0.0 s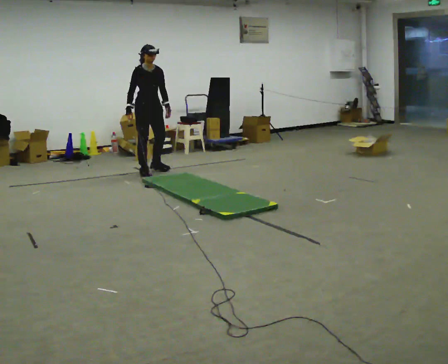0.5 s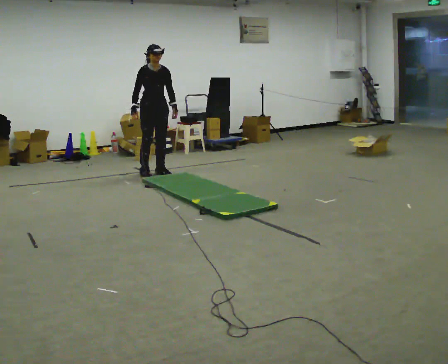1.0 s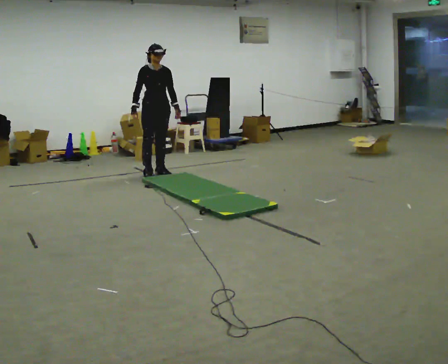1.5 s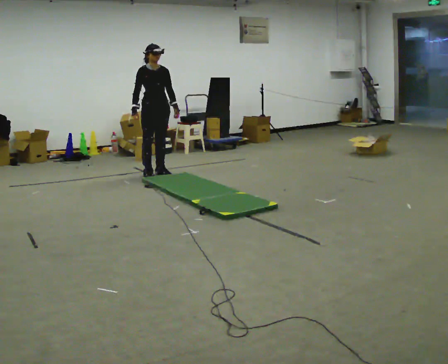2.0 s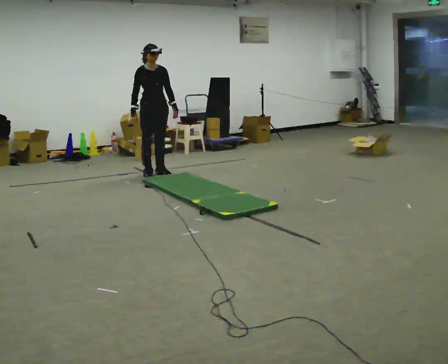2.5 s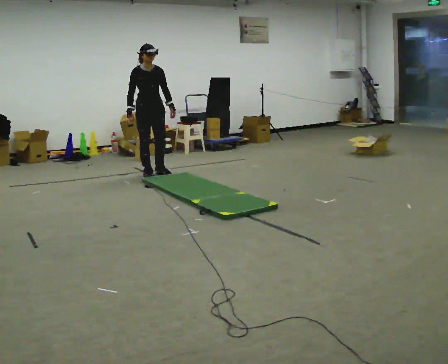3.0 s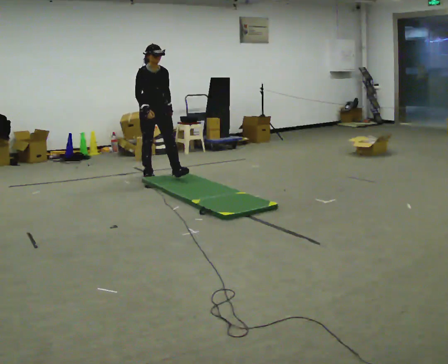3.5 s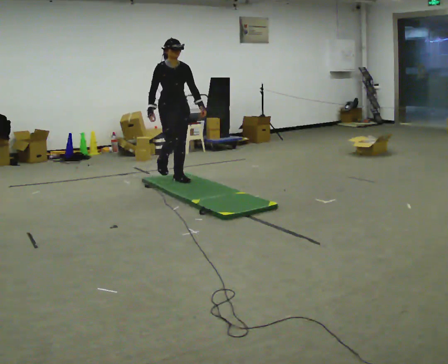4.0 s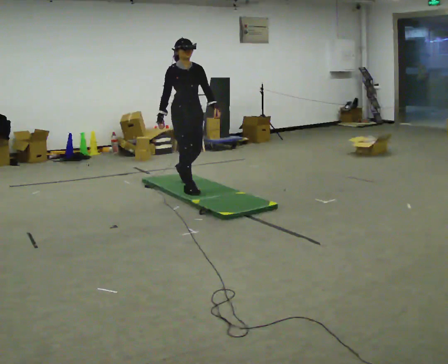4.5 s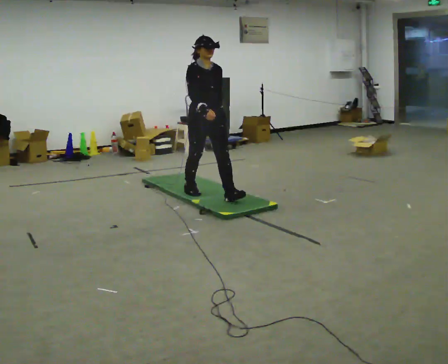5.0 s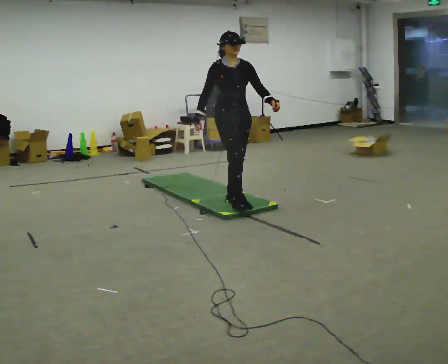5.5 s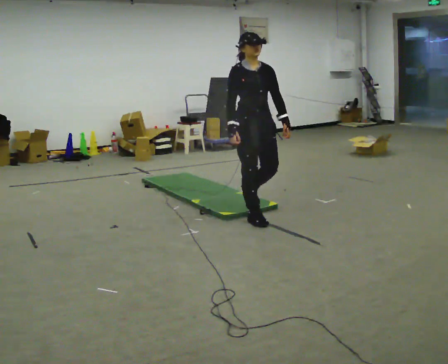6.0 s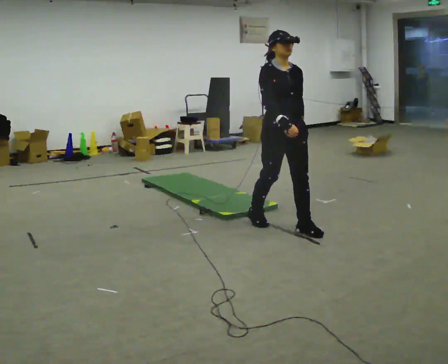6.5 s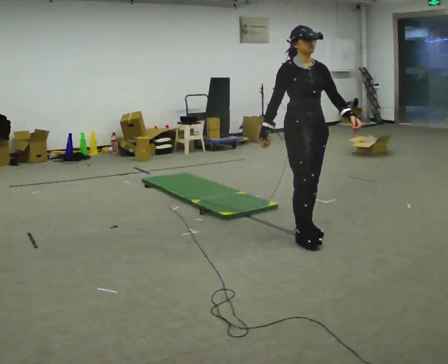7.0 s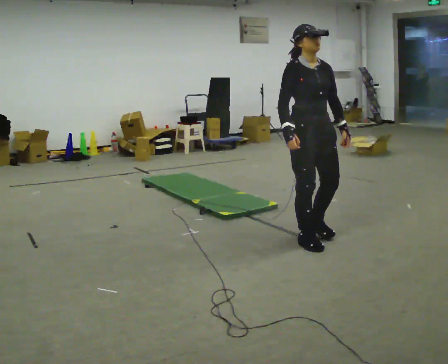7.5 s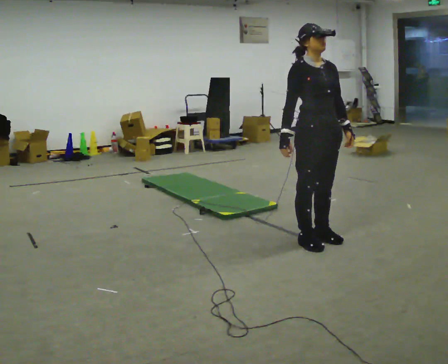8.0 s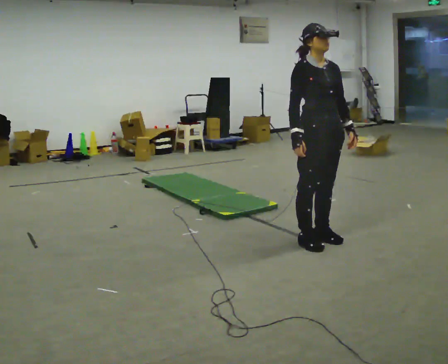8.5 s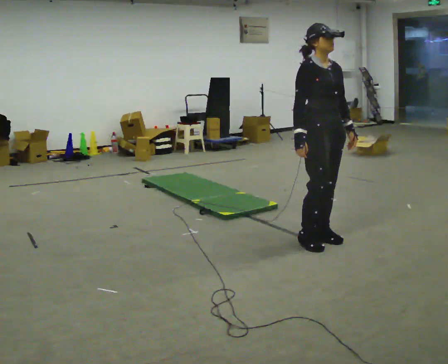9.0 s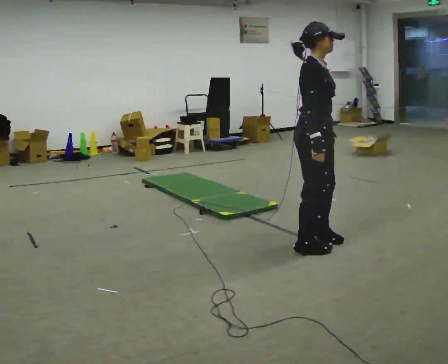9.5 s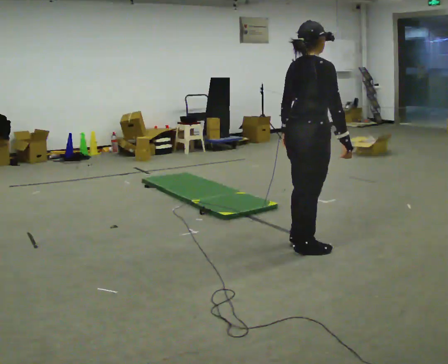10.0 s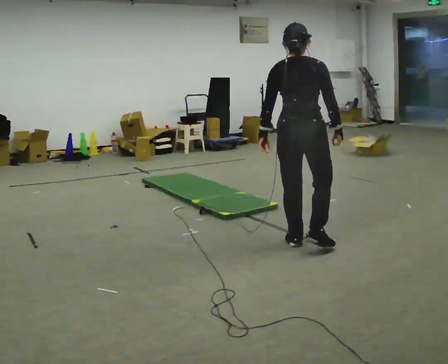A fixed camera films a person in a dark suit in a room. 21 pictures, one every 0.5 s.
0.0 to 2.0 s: The person moves a little, or ends about where they began.
2.0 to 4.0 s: In the picture they go toward the camera and to the right, about 1 m in 2 steps, which for them is forward.
4.0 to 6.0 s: In the picture they go toward the camera and to the right, about 1.5 m in 3 steps, which for them is forward.
6.0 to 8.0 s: In the picture they go toward the camera and to the right, about 0.5 m in 2 steps, which for them is forward.
8.0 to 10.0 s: The part of the body nearest the lens slides to the right as the person turns to their left by about 135 degrees. In the picture their right hand goes to the right, the arm swinging counterclockwise.
The film runs forward here.
